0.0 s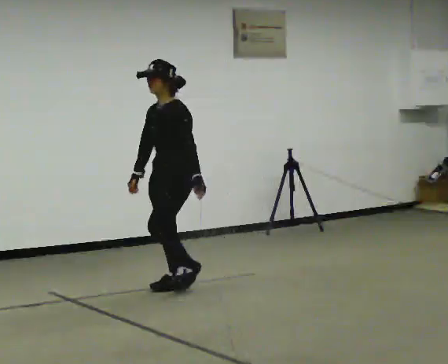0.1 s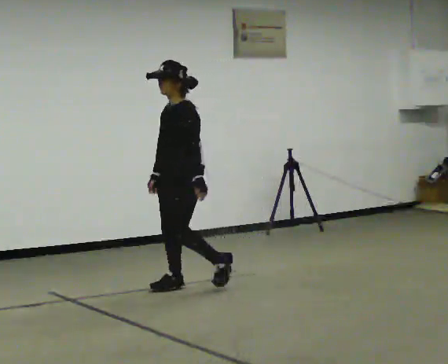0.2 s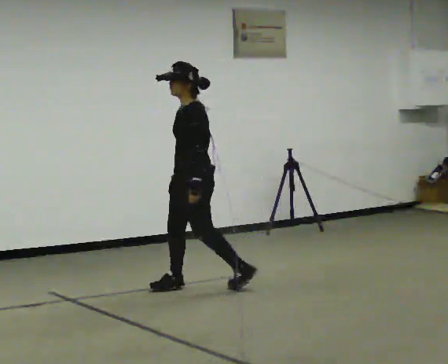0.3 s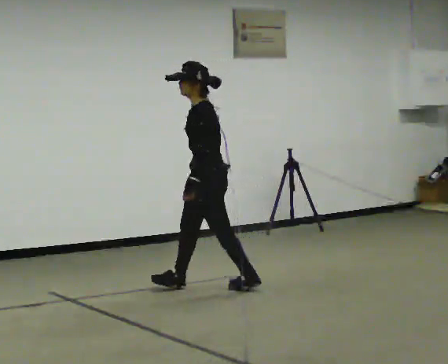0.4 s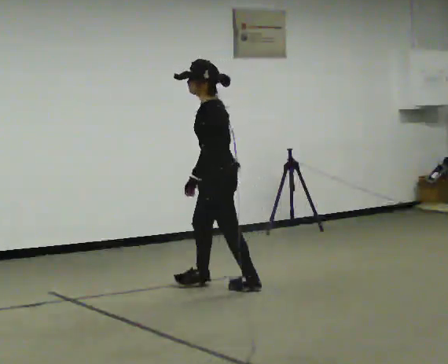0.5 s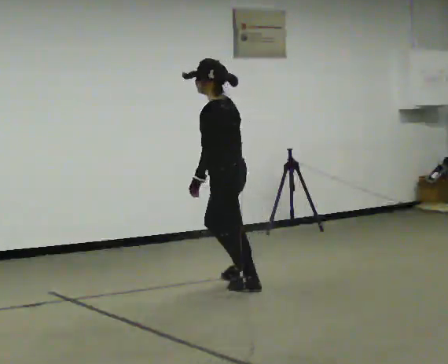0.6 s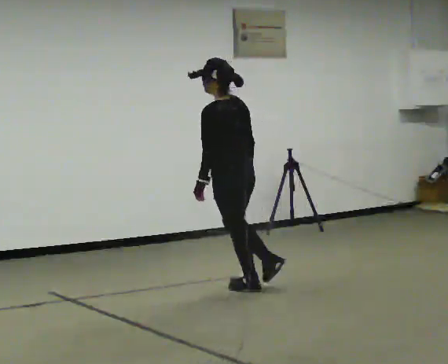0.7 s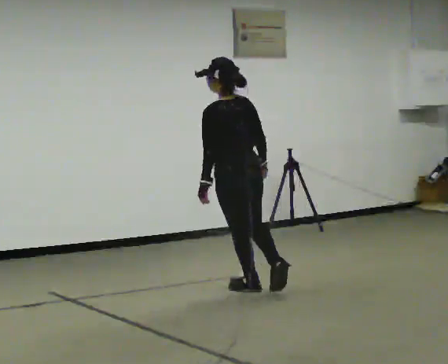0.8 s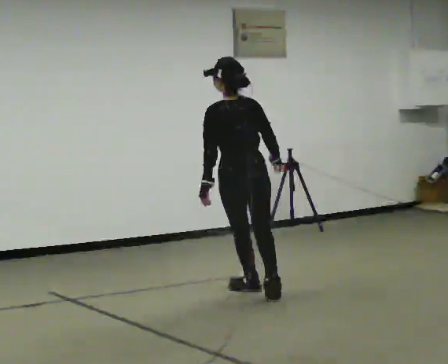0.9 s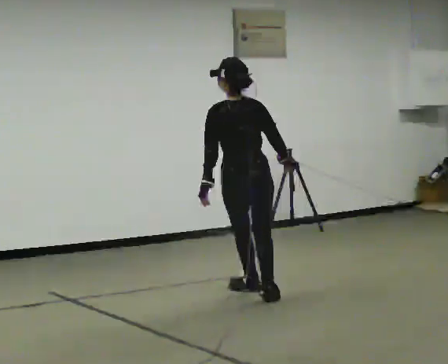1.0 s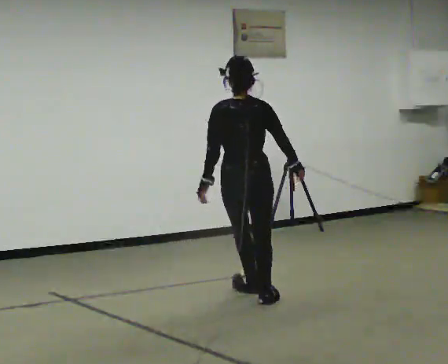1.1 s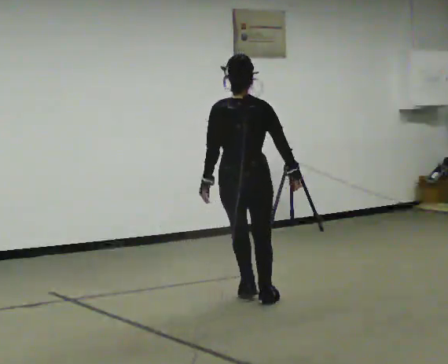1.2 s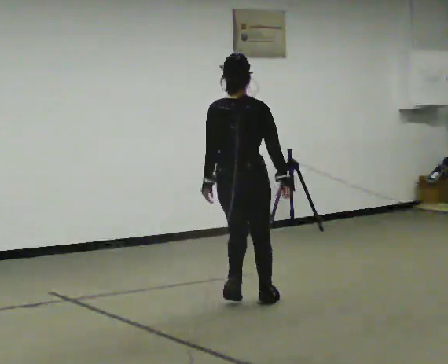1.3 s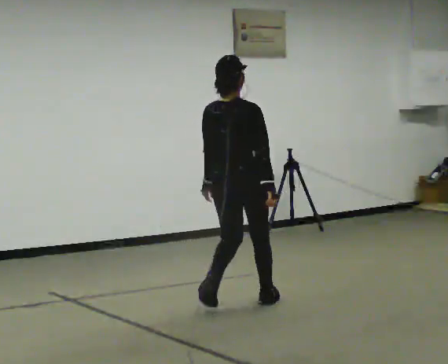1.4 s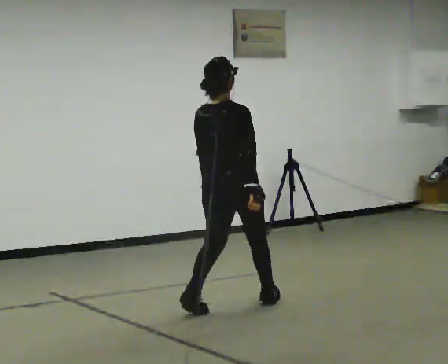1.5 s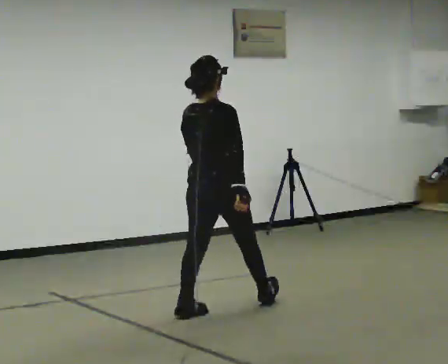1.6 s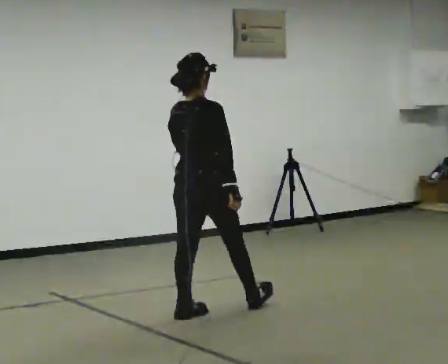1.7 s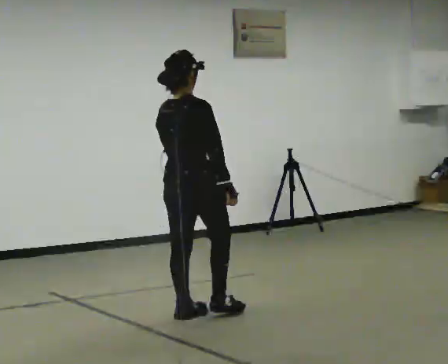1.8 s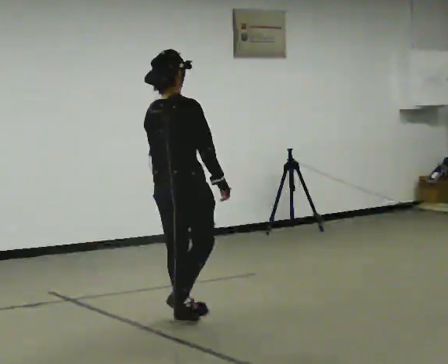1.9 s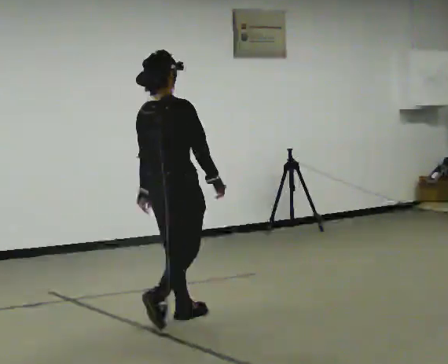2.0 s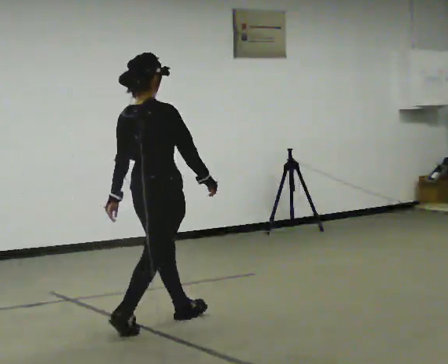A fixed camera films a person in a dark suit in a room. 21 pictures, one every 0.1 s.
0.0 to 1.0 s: Seen from above the body turns clockwise, about 120 degrees: to their right, with its near side sliding to the left. In the picture they go to the right and toward the camera, about 0.5 m in 2 steps.
1.0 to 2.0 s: The person turns about 45 degrees to their right, clockwise seen from above, so the part of the body nearest the lens slides to the left. In the picture they go toward the camera and to the left, about 1 m in 1 step, which for them is backward.
The film runs backward here.
